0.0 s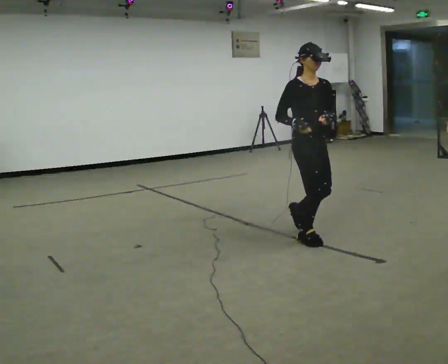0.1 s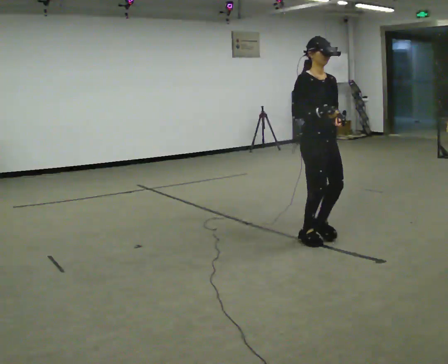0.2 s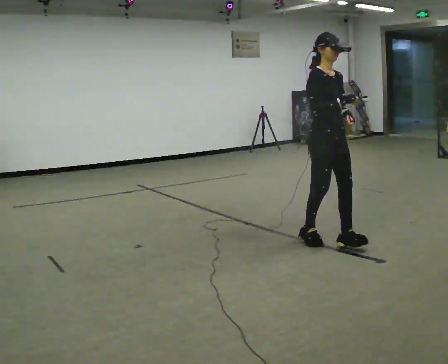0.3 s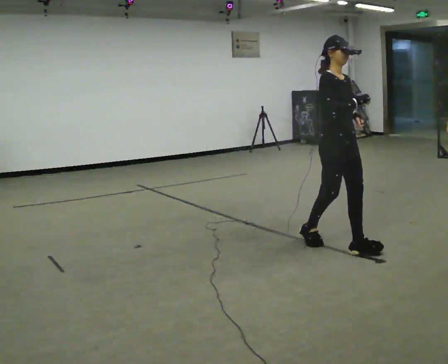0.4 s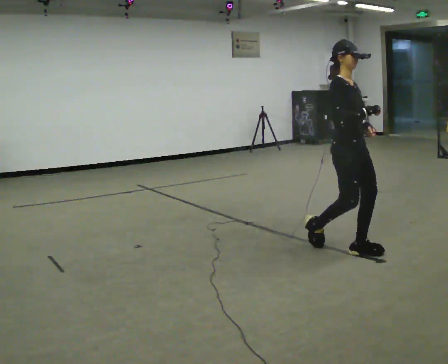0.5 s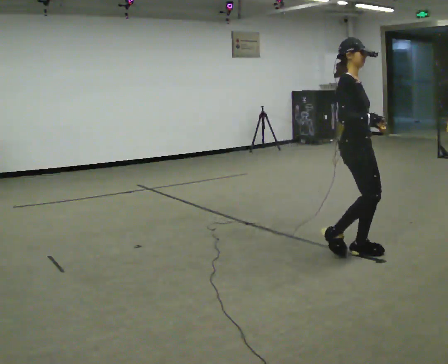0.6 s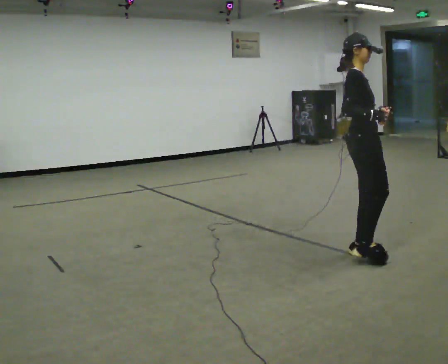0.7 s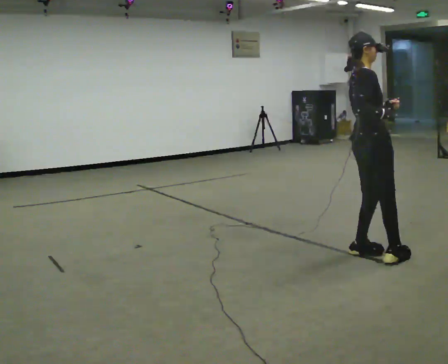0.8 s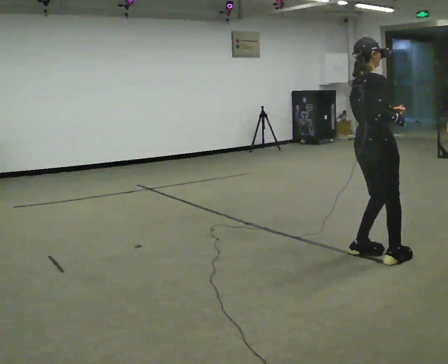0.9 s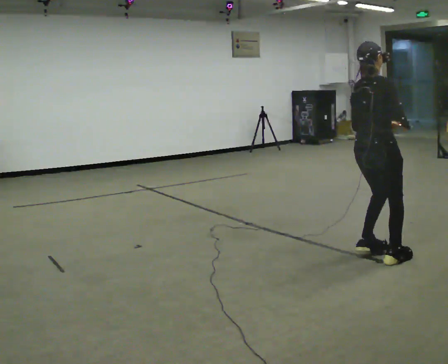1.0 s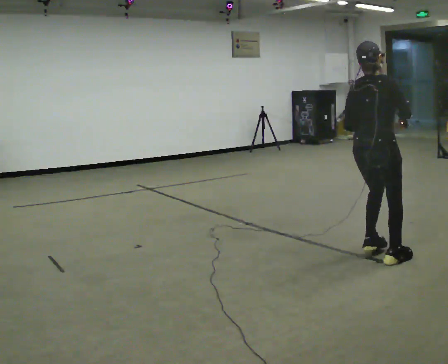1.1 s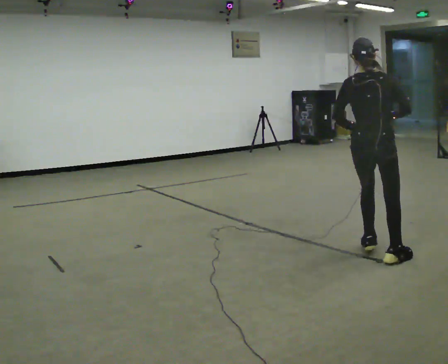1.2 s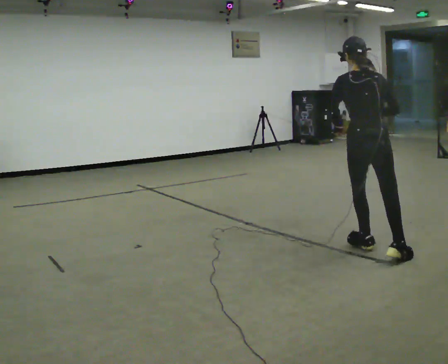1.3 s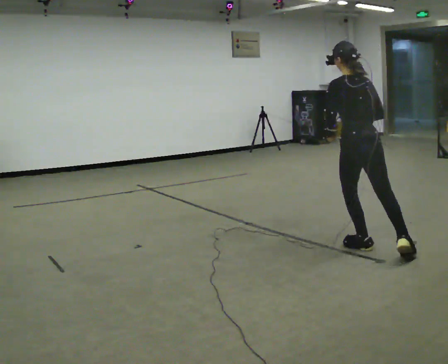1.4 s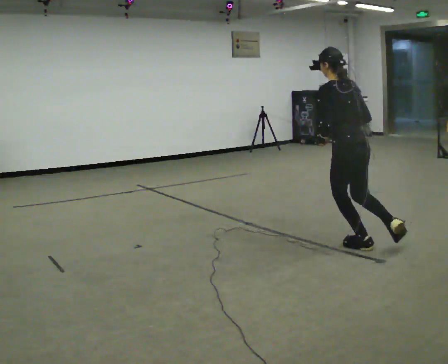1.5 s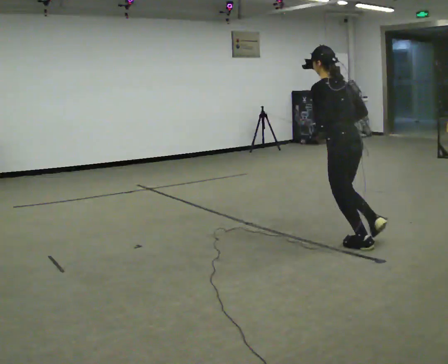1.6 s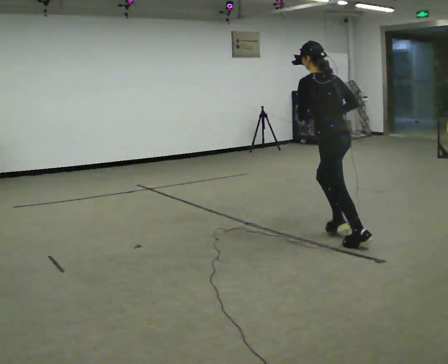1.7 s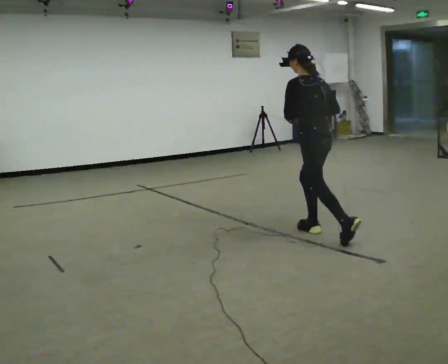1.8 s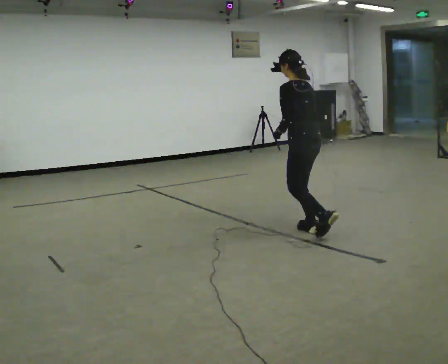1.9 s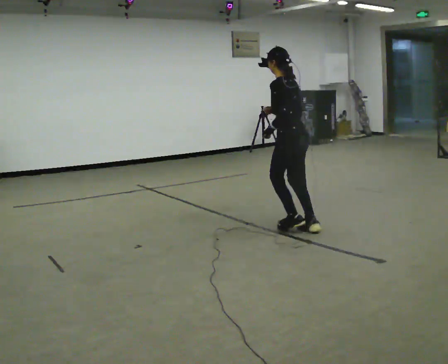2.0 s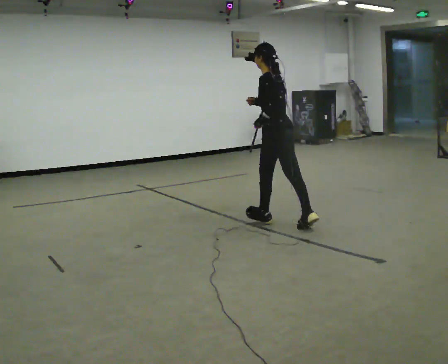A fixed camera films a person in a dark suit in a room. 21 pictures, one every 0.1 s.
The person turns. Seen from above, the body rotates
counterclockwise.
The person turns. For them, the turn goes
to their left.
0.0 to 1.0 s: The part of the body nearest the lens slides to the right as the person turns to their left by about 120 degrees. In the picture they go to the right and toward the camera, about 0.5 m in 2 steps.
1.0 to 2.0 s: The person turns about 90 degrees to their left, counterclockwise seen from above, so the part of the body nearest the lens slides to the right. In the picture they go away from the camera and to the left, about 1 m in 1 step.
The film runs forward here.
